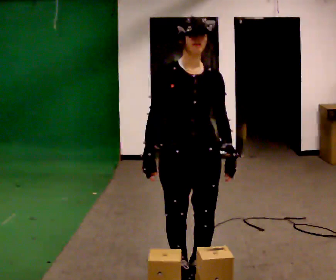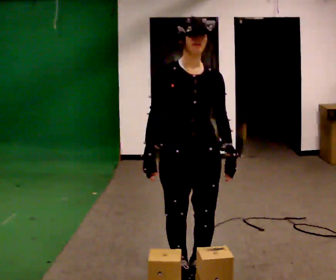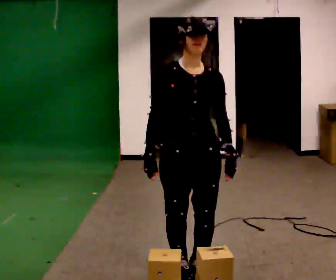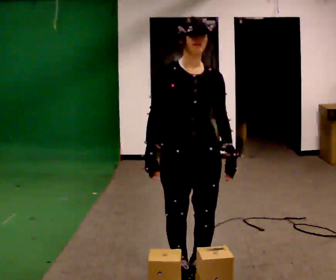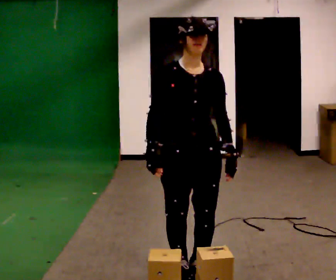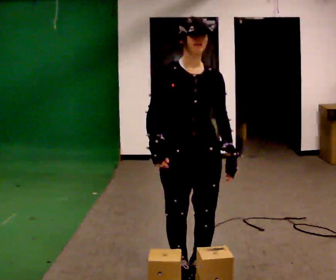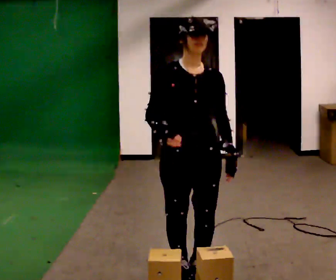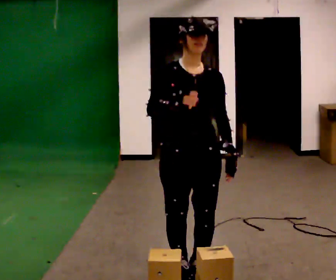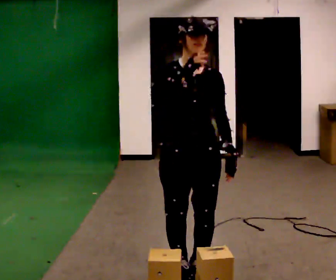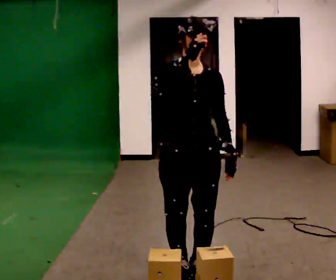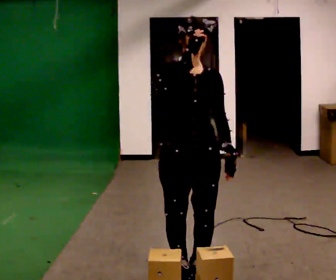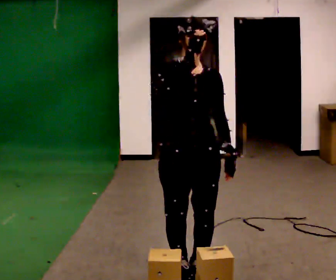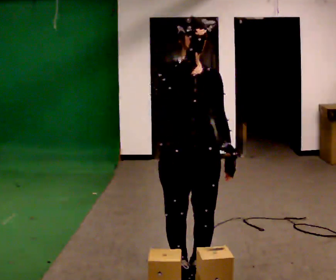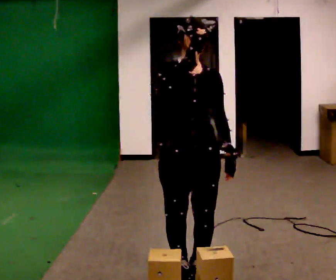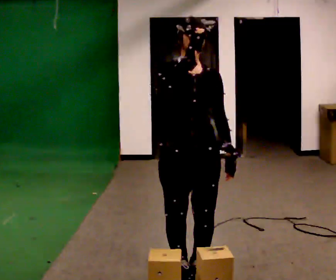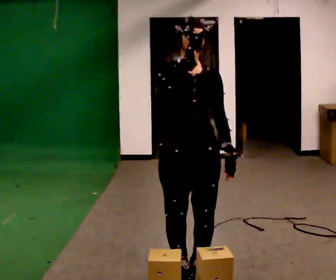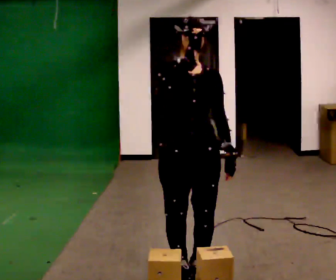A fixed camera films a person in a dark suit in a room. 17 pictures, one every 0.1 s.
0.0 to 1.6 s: In the picture their right hand goes upward.
The film runs forward here.
